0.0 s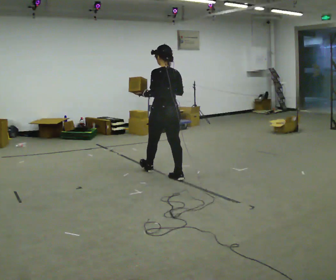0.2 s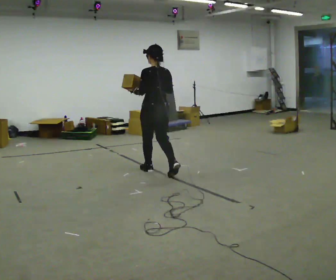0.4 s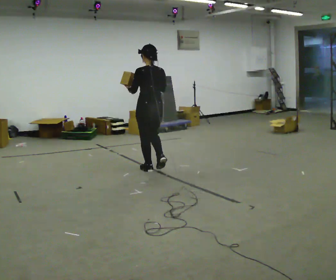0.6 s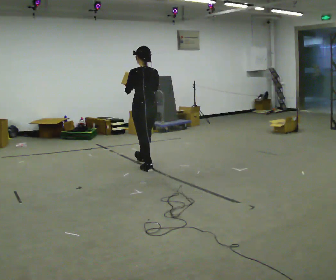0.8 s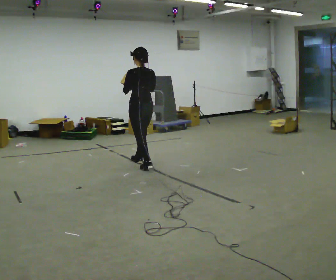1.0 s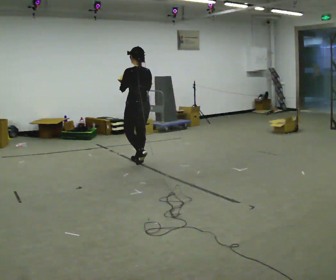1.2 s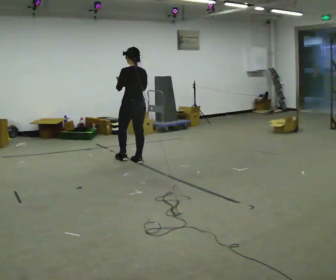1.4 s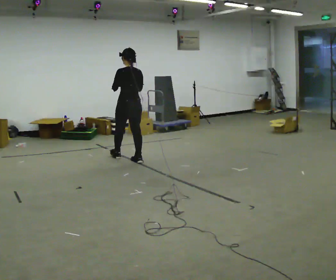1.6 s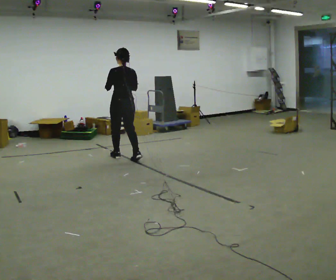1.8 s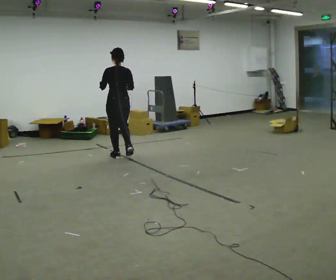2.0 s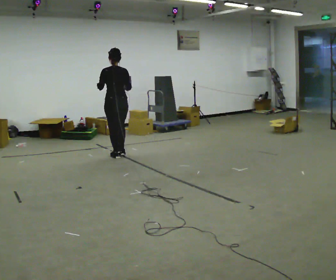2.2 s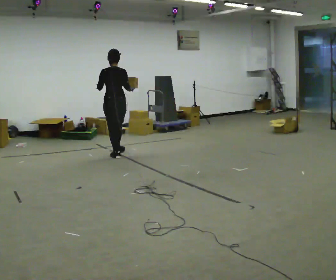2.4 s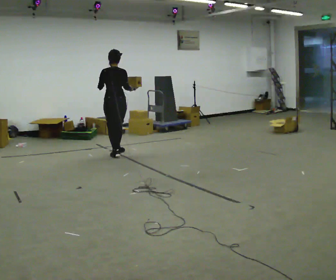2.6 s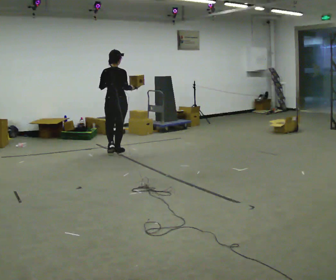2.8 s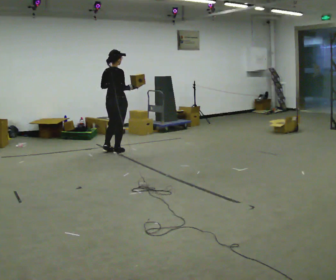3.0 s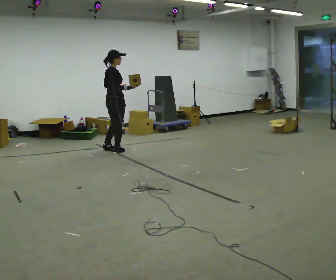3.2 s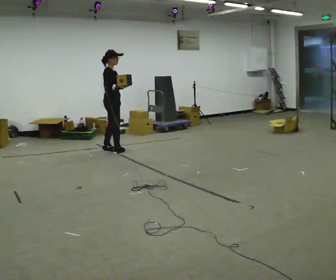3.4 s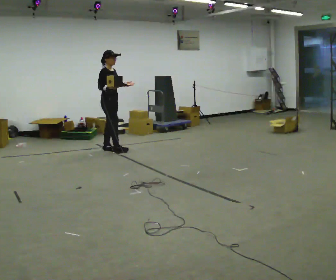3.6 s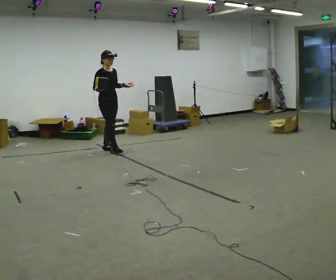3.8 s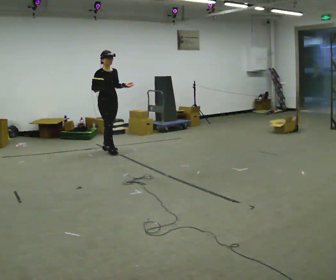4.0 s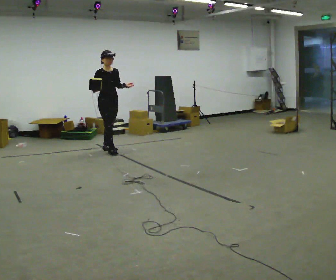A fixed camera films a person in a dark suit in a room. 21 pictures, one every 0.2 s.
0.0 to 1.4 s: In the picture they go away from the camera and to the left, about 1 m in 3 steps, which for them is forward.
1.4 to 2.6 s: The person turns about 30 degrees to their right, clockwise seen from above, so the part of the body nearest the lens slides to the left. In the picture they go away from the camera and to the left, about 0.5 m in 1 step, which for them is forward.
2.6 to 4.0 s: The person turns about 135 degrees to their right, clockwise seen from above, so the part of the body nearest the lens slides to the left. In the picture they go away from the camera, about 0.25 m in 1 step. In the picture their right hand goes to the left.
The film runs forward here.
